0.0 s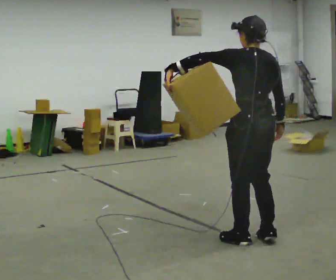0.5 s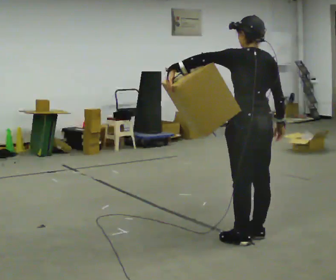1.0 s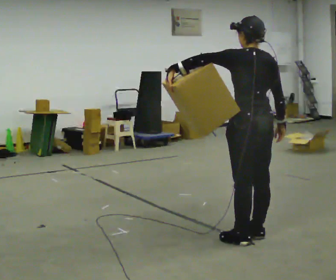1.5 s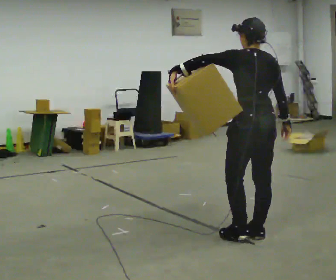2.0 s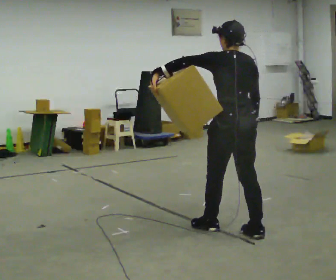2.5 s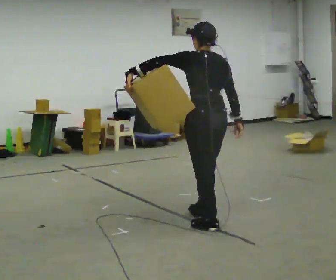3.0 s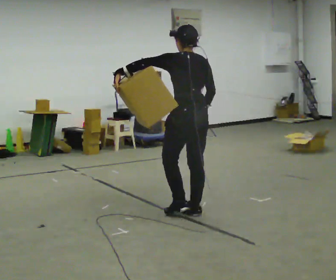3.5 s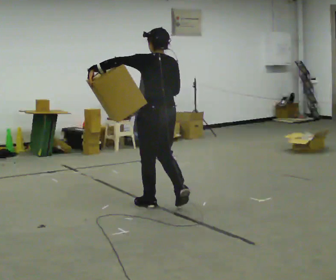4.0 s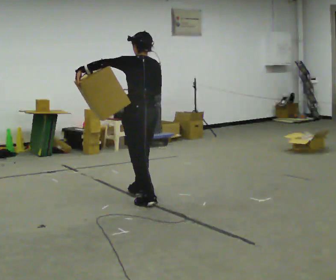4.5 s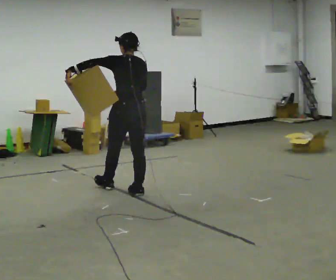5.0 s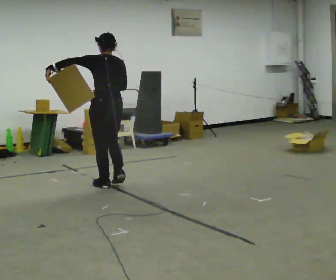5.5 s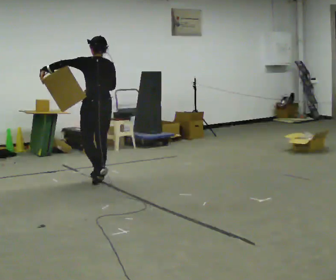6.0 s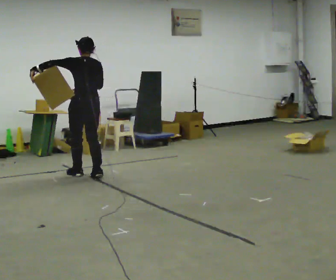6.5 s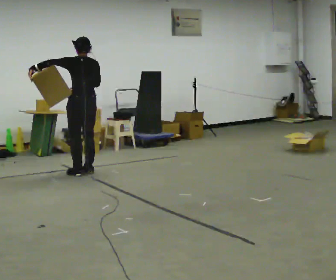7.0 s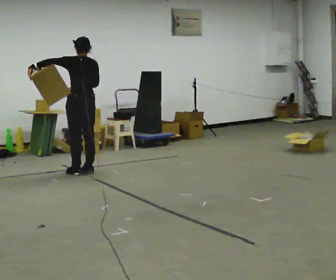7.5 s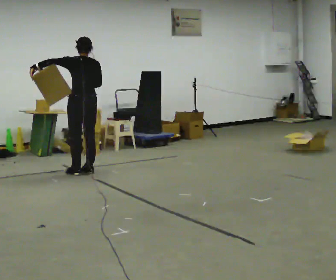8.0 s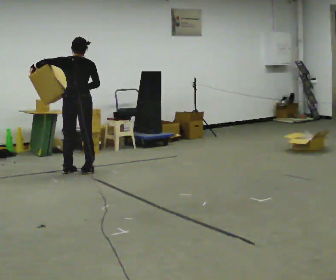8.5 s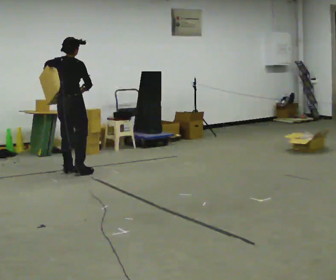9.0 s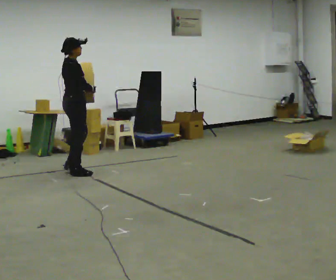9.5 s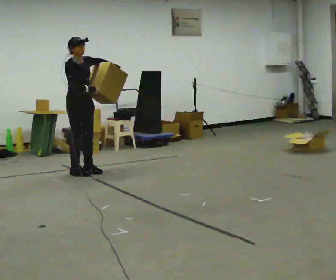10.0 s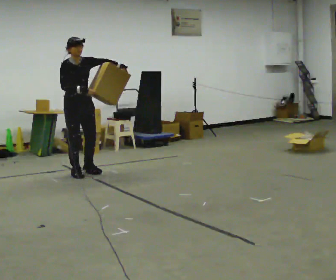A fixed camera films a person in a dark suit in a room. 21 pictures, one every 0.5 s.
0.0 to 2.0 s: In the picture they go away from the camera, about 0.25 m in 1 step, which for them is forward.
2.0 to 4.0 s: In the picture they go away from the camera and to the left, about 1.5 m in 3 steps, which for them is forward.
4.0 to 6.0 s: In the picture they go away from the camera and to the left, about 1 m in 3 steps, which for them is forward.
6.0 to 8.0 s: The person turns about 30 degrees to their right, clockwise seen from above, so the part of the body nearest the lens slides to the left. In the picture they go away from the camera, about 0.25 m in 2 steps, which for them is forward.
8.0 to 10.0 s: Seen from above the body turns clockwise, about 135 degrees: to their right, with its near side sliding to the left. In the picture their left hand goes to the right.
The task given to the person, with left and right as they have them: Hold the object against your hip on the side the operator calls, and carry it back and forth across the room.
The film runs forward here.
